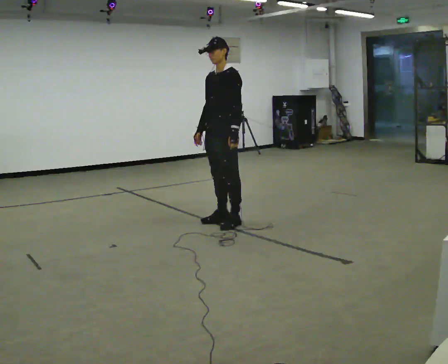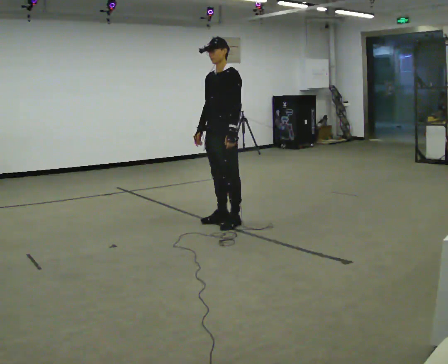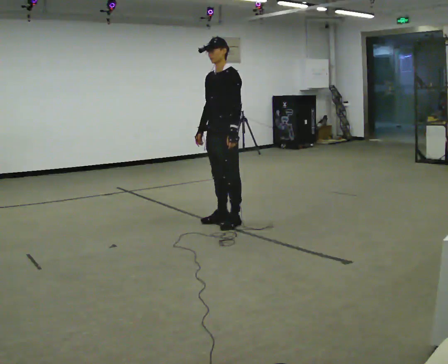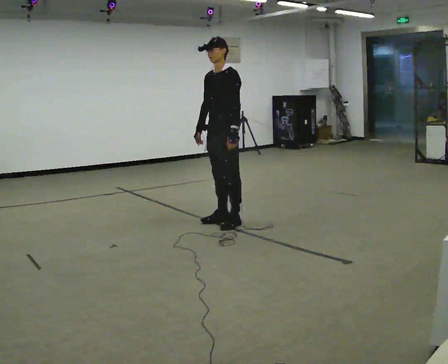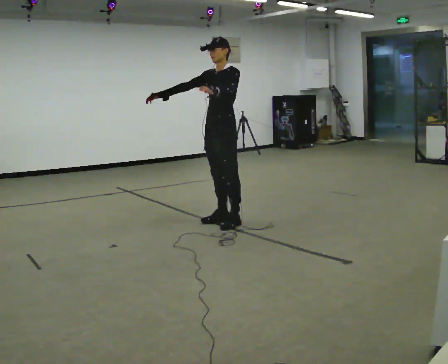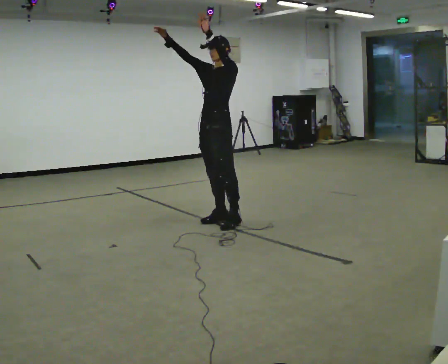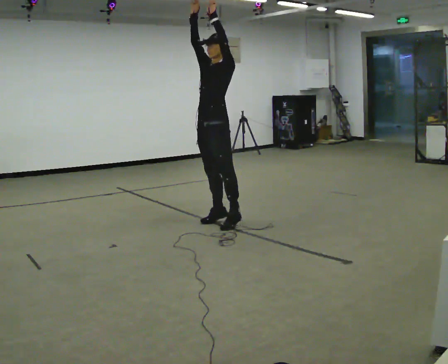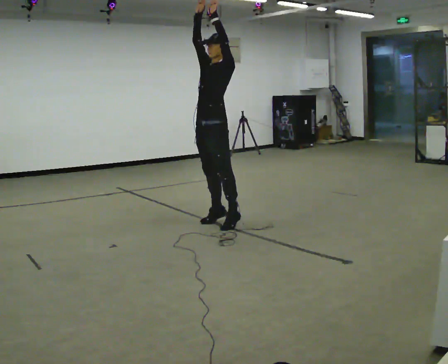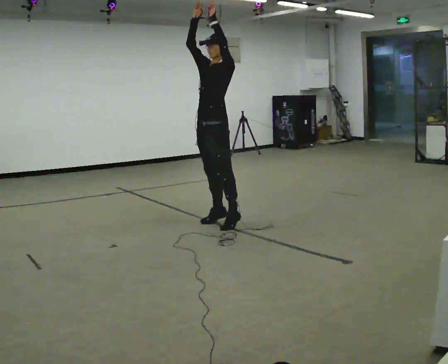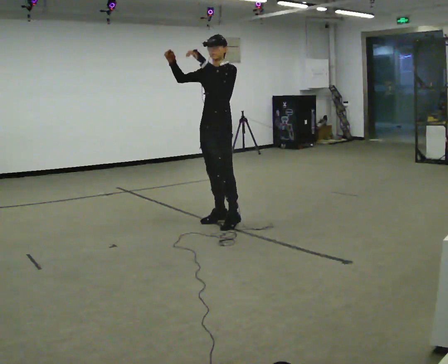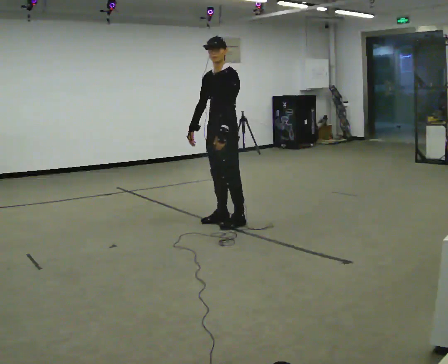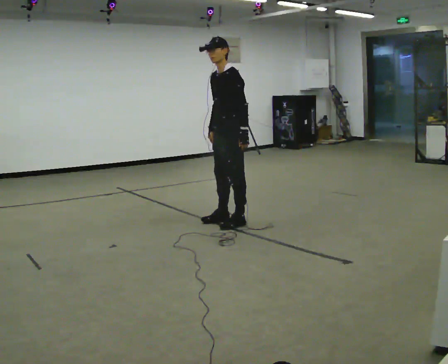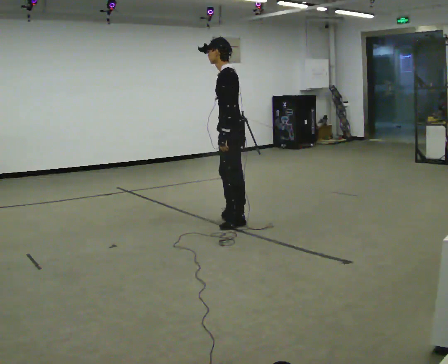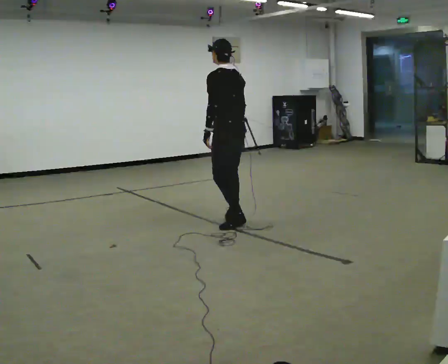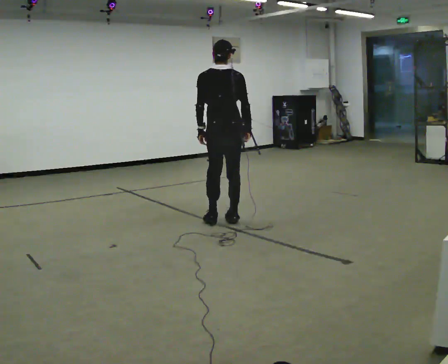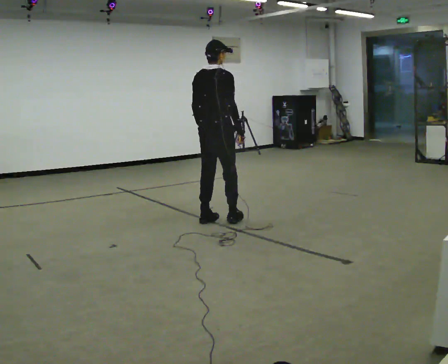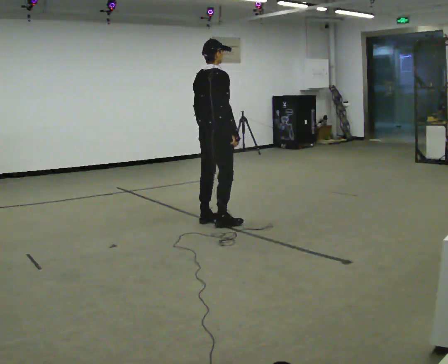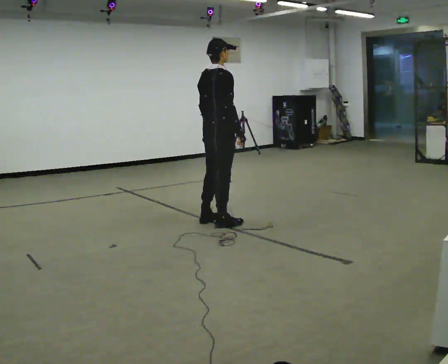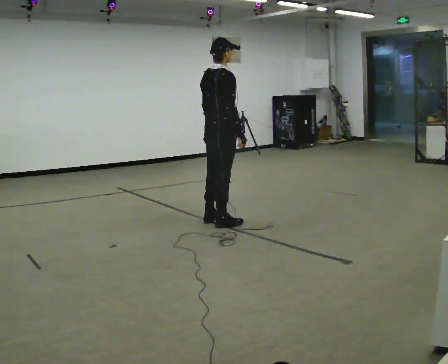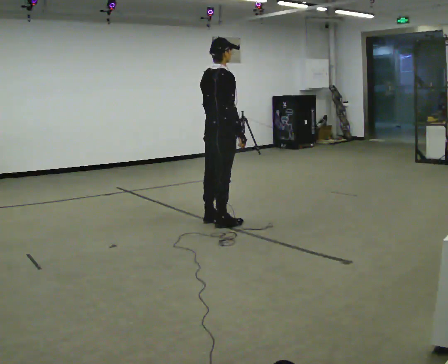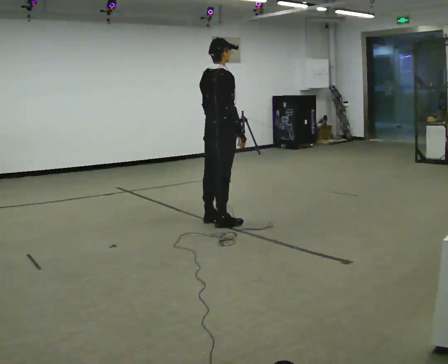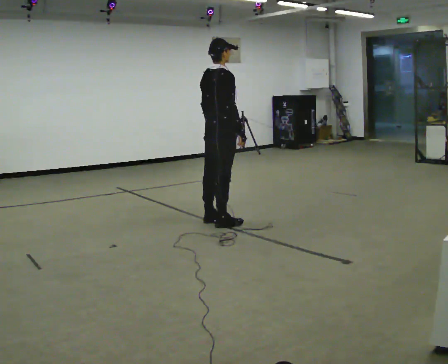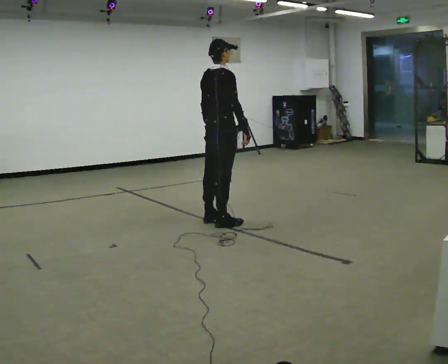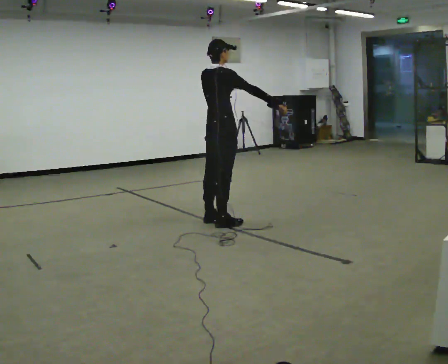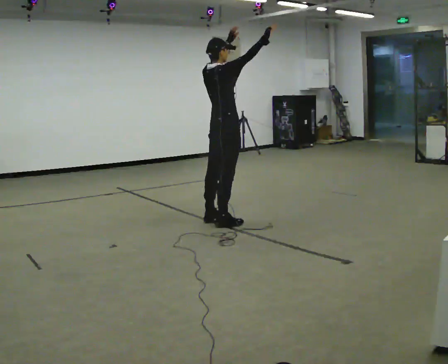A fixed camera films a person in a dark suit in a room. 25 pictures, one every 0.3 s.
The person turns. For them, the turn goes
to their right.
The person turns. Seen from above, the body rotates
clockwise.
0.0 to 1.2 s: In the picture their right hand goes upward and to the left, the arm swinging clockwise.
1.2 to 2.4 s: In the picture their right hand goes upward and to the right, the arm swinging clockwise.
2.4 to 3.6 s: The person turns about 45 degrees to their right, clockwise seen from above, so the part of the body nearest the lens slides to the left. In the picture they go to the right, about 0.25 m, which for them is backward and to their left. In the picture the upper body tilts counterclockwise, shoulders to the left, as they bend forward. In the picture their right hand goes downward, the arm swinging counterclockwise.
3.6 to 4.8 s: Seen from above the body turns clockwise, about 135 degrees: to their right, with its near side sliding to the left. In the picture they go to the left, about 0.25 m in 2 steps.
4.8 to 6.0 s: The person moves a little, or ends about where they began.
6.0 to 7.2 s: In the picture their right hand goes upward, the arm swinging counterclockwise.
The film runs forward here.
